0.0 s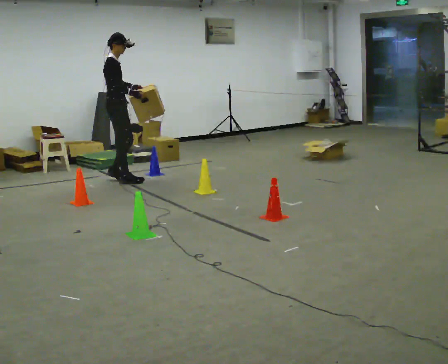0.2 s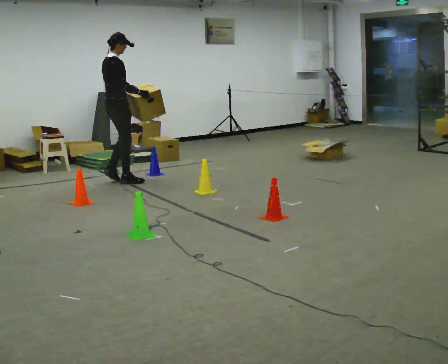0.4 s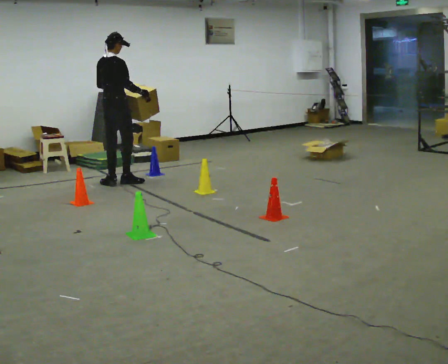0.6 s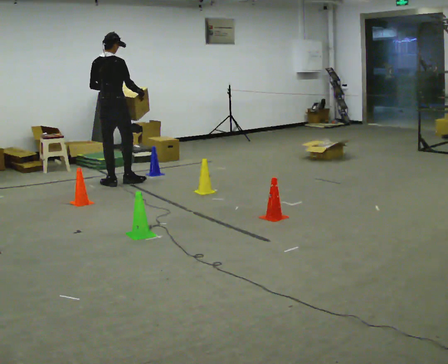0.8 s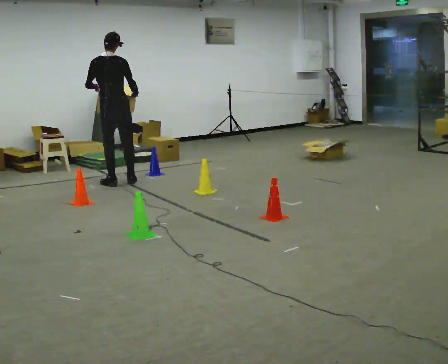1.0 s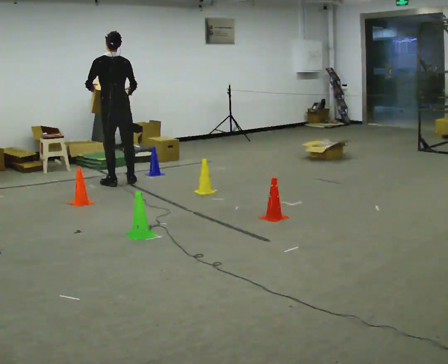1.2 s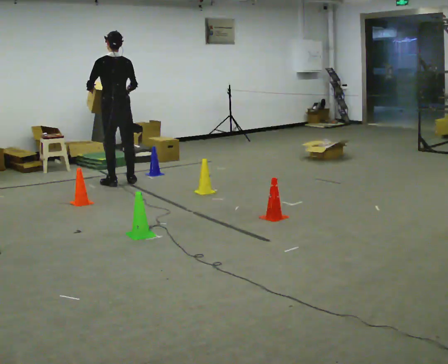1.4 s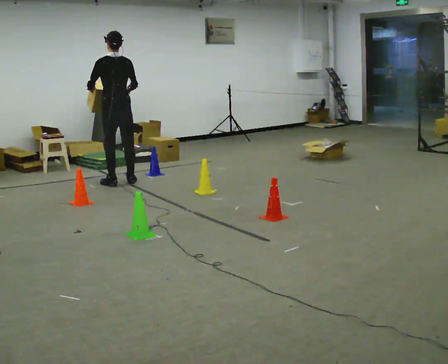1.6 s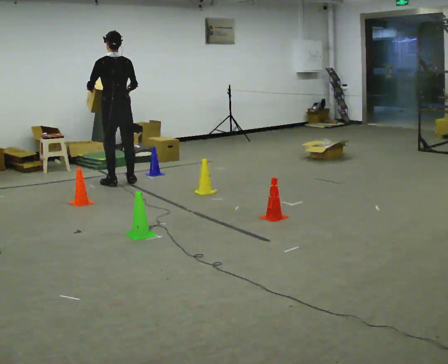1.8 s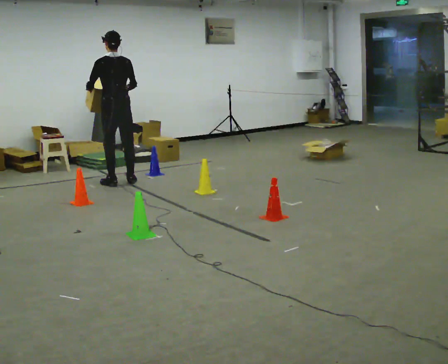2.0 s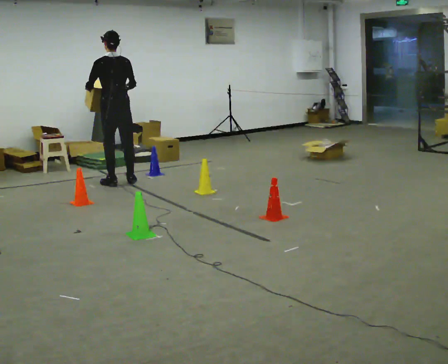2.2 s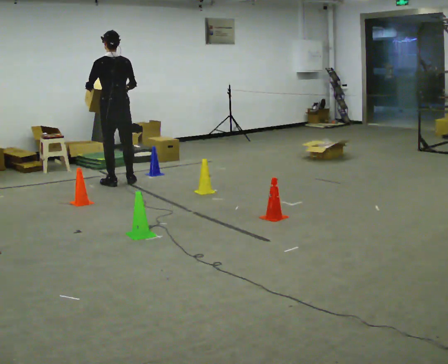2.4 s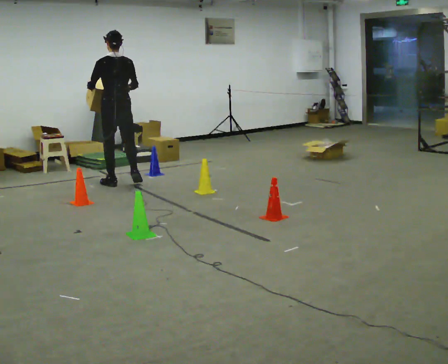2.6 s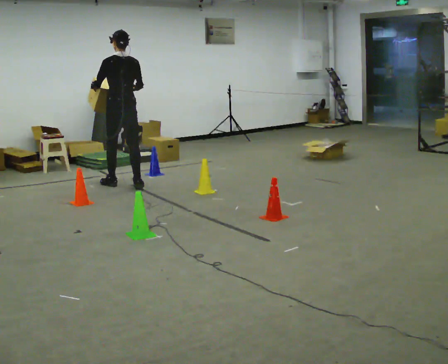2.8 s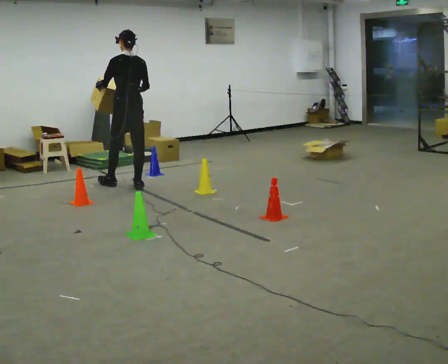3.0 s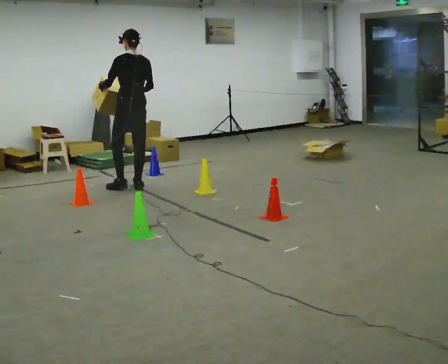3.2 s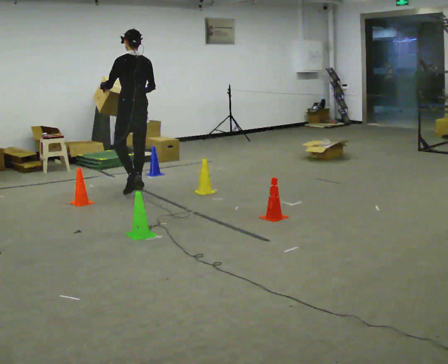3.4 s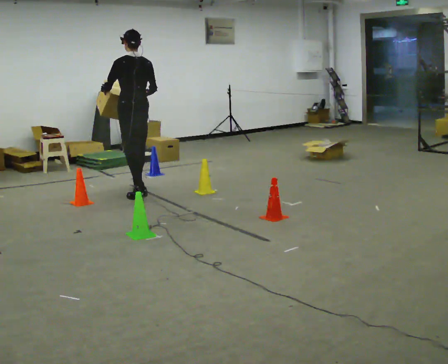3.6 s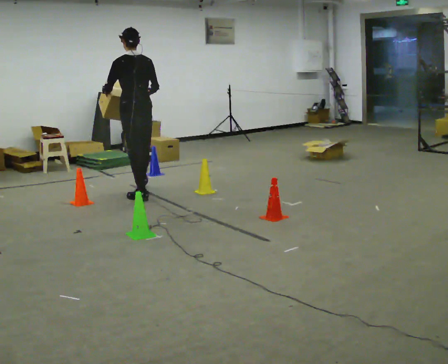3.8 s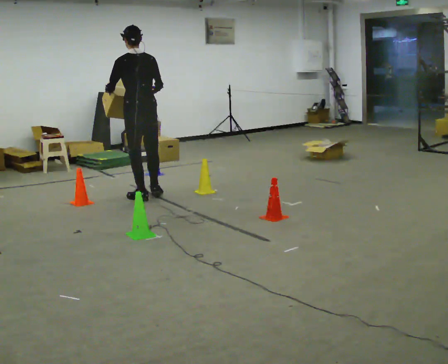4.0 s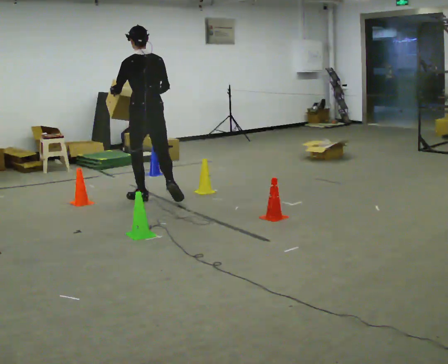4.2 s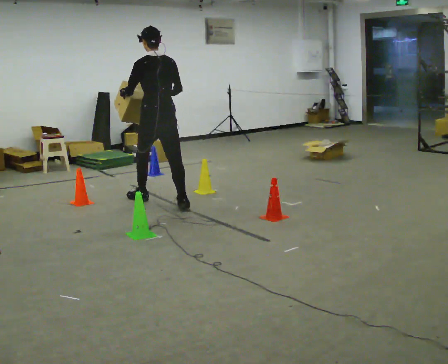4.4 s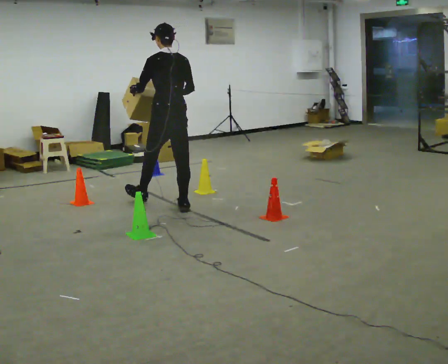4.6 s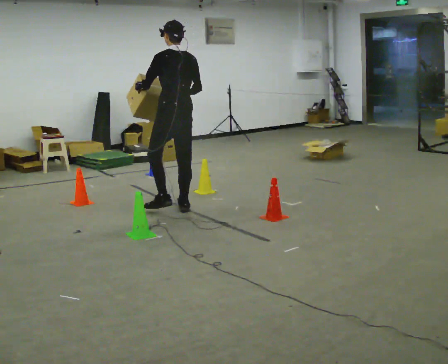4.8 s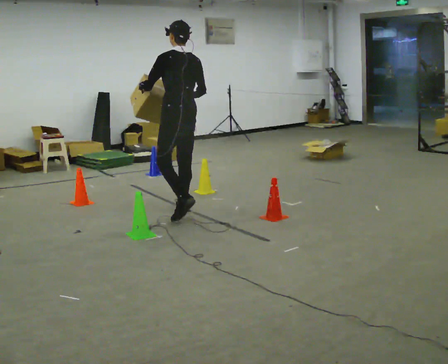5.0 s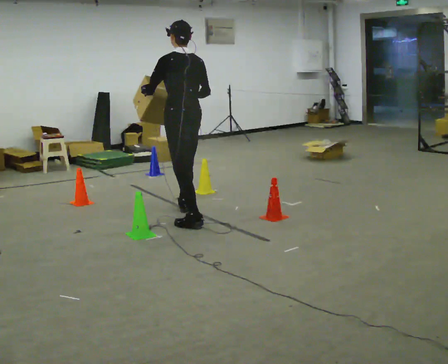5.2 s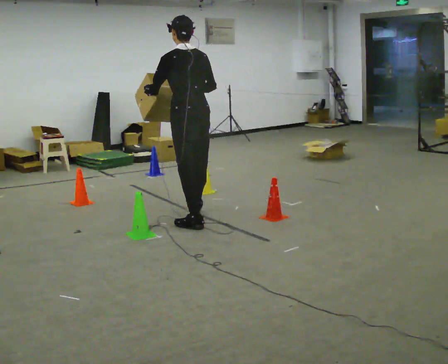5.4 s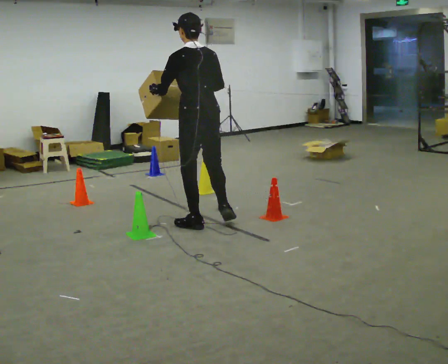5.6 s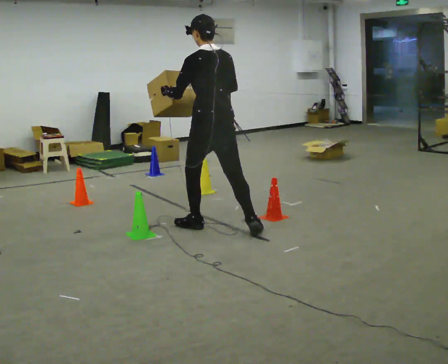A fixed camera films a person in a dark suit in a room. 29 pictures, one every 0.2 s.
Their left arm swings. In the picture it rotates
clockwise.
The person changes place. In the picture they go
toward the camera.
0.0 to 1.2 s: The part of the body nearest the lens slides to the right as the person turns to their left by about 105 degrees.
1.2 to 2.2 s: The person moves a little, or ends about where they began.
2.2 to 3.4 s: In the picture they go toward the camera and to the right, about 0.5 m in 2 steps, which for them is backward.
3.4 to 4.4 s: In the picture they go toward the camera and to the right, about 0.75 m in 2 steps, which for them is backward.
4.4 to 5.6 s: In the picture they go toward the camera, about 1 m in 1 step, which for them is backward.
The film runs backward here.
